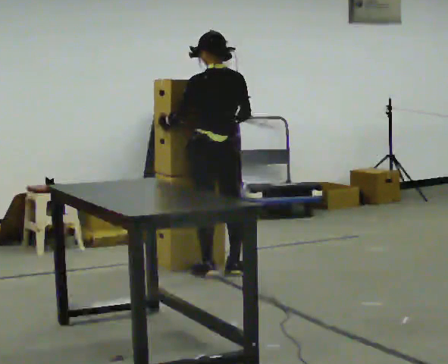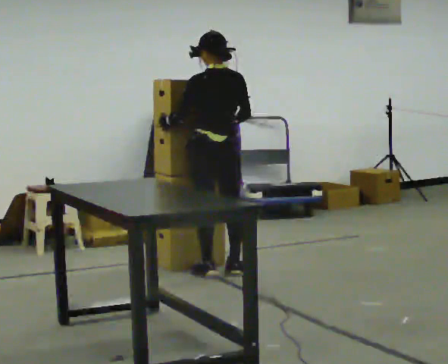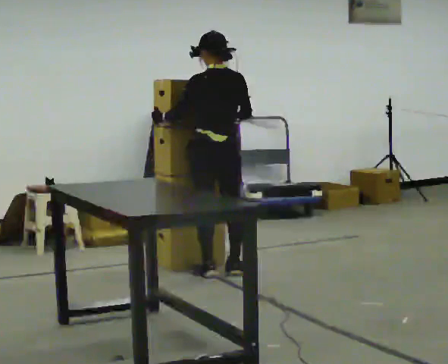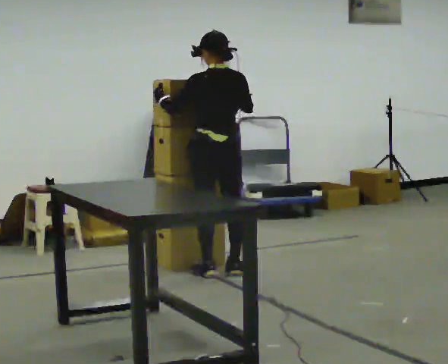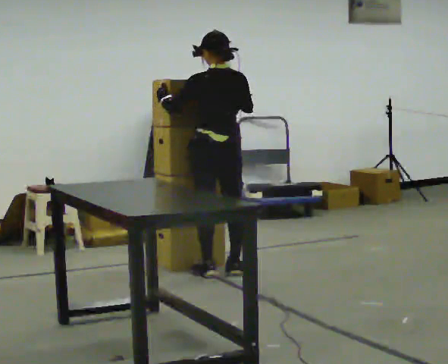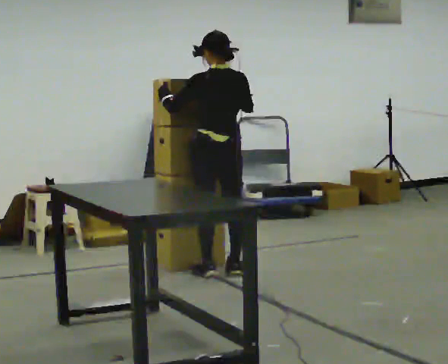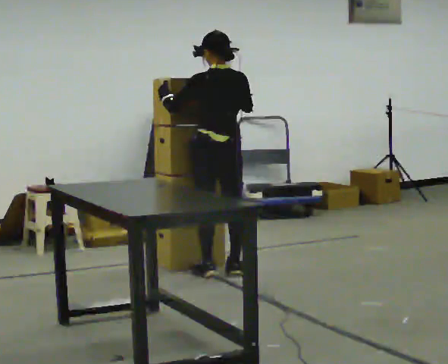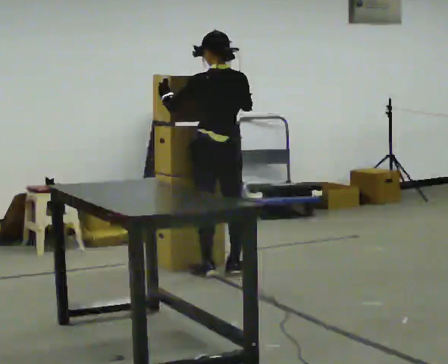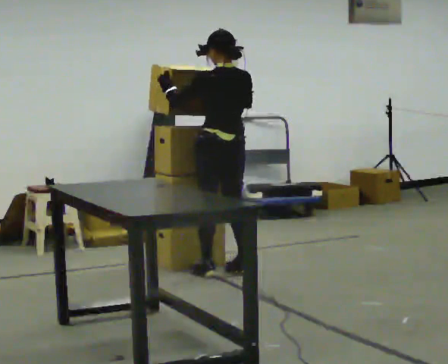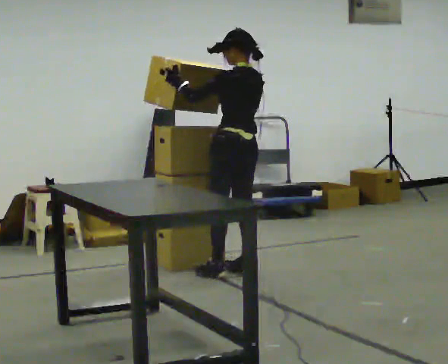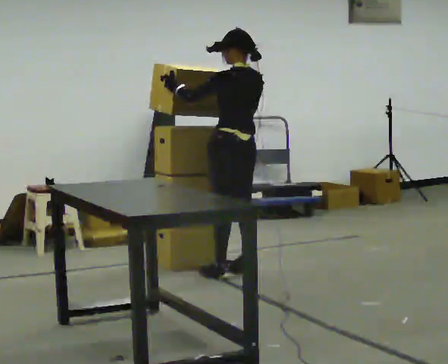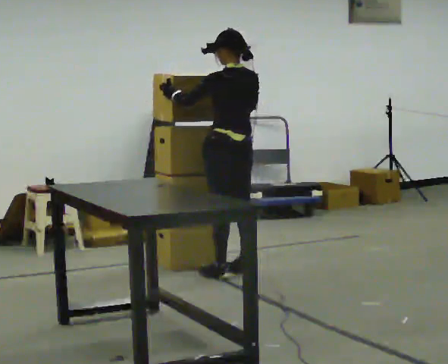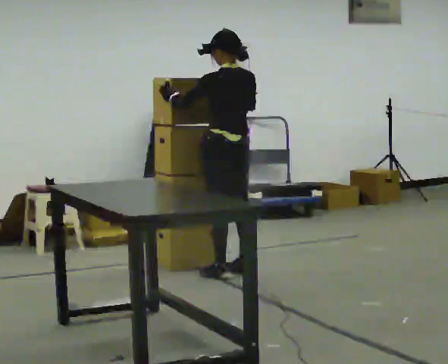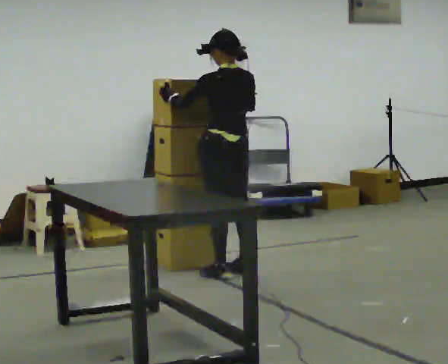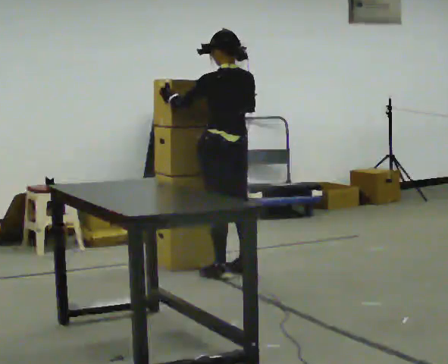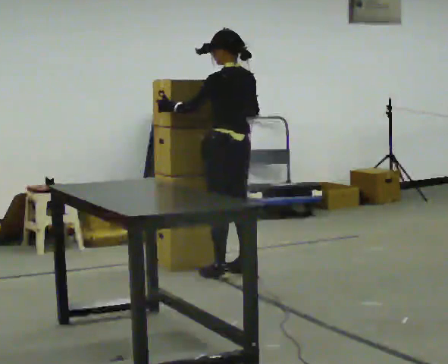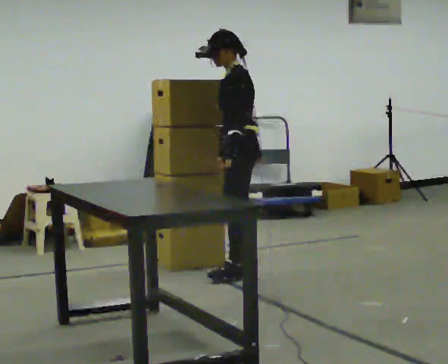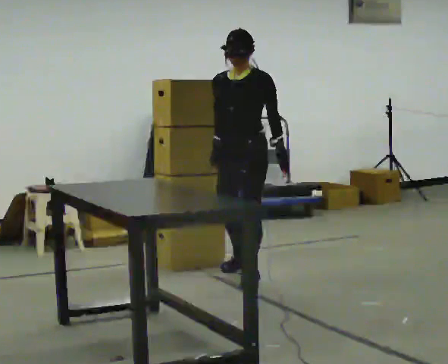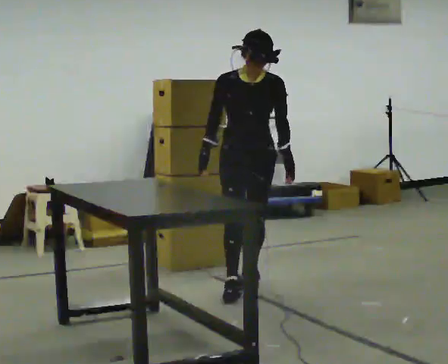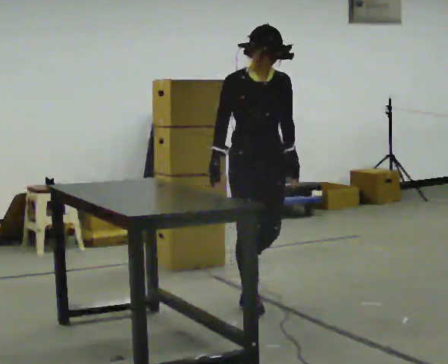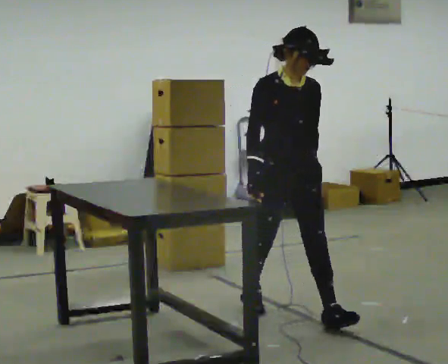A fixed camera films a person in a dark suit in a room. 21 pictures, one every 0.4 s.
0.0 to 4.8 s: The person moves a little, or ends about where they began.
4.8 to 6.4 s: Seen from above the body turns counterclockwise, about 60 degrees: to their left, with its near side sliding to the right. In the picture their left hand goes to the right, the arm swinging counterclockwise.
6.4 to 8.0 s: The person turns about 105 degrees to their left, counterclockwise seen from above, so the part of the body nearest the lens slides to the right. In the picture they go toward the camera, about 1 m in 2 steps.
The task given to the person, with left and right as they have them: Pick up the next box in the row and carry it to the table. The operator will not tell you how heavy each one is. Keep going until the operator says stop; one object at a time, and do not rush between trips.
The film runs forward here.
